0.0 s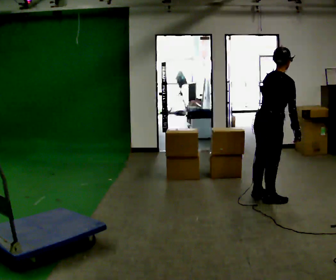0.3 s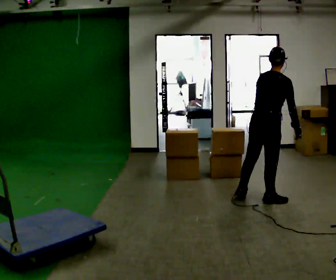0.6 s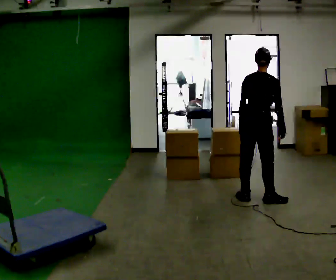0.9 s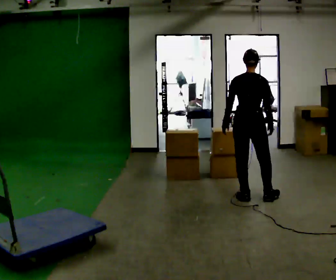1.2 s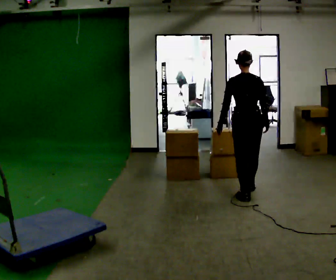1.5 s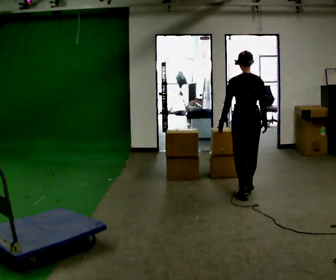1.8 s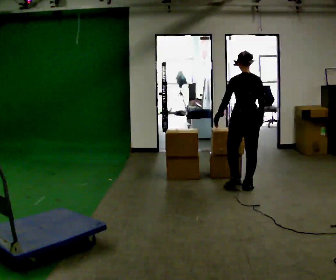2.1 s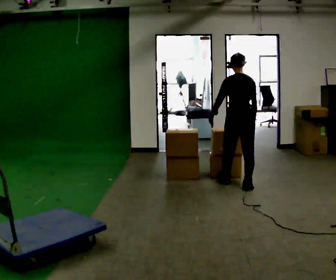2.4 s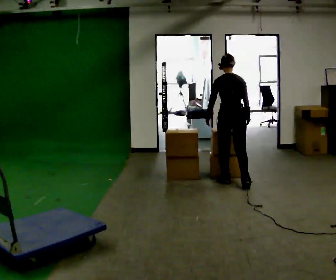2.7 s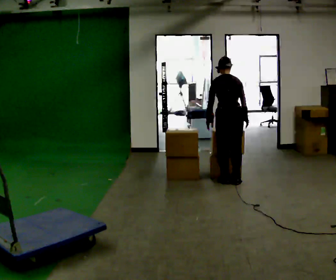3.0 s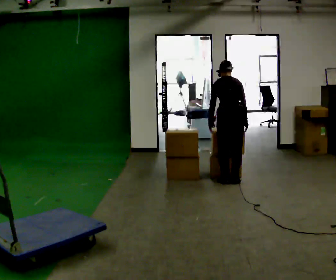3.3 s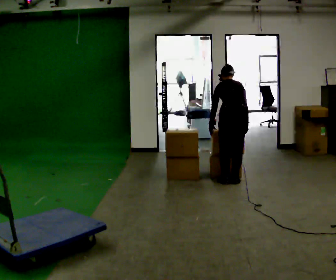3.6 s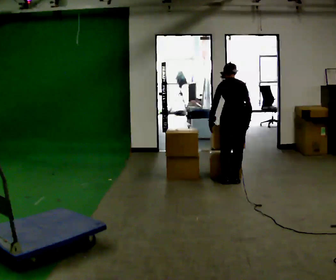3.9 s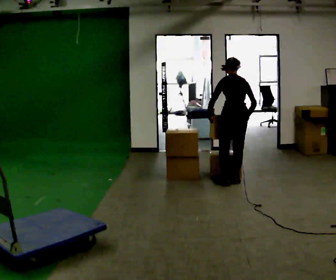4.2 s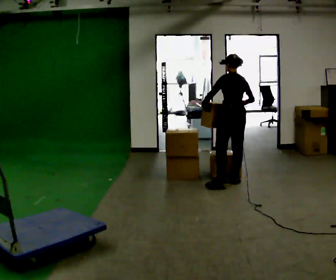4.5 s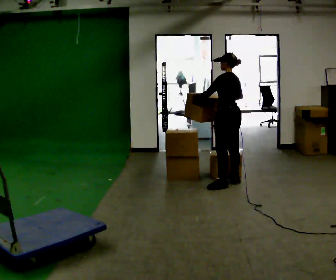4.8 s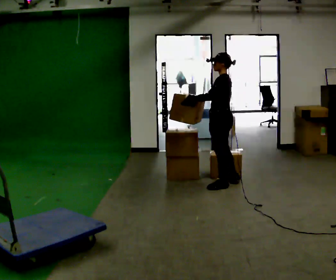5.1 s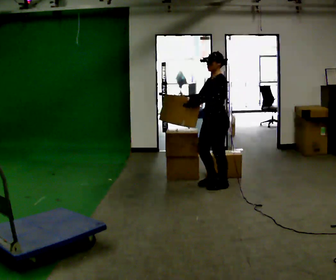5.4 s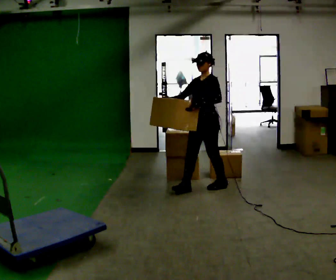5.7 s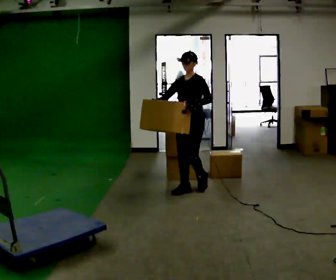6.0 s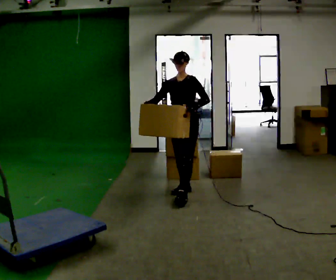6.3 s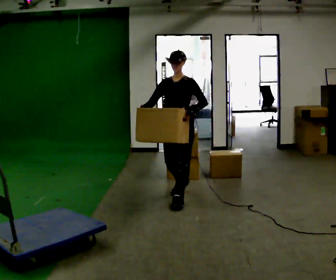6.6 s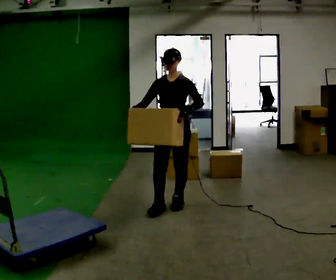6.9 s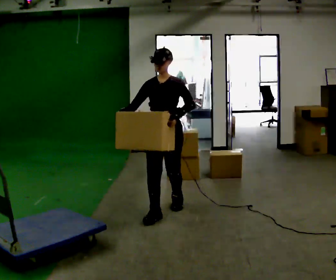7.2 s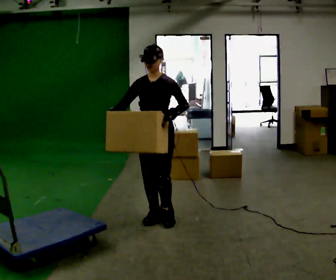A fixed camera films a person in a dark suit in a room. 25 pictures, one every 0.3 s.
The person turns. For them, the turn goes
to their left.
The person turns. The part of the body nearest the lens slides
to the right.
0.0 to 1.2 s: Seen from above the body turns counterclockwise, about 60 degrees: to their left, with its near side sliding to the right. In the picture they go away from the camera and to the left, about 0.25 m in 1 step. In the picture the upper body tilts counterclockwise, shoulders to the left.
1.2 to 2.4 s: In the picture they go away from the camera and to the left, about 0.5 m in 2 steps, which for them is forward.
2.4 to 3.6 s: The person moves a little, or ends about where they began.
3.6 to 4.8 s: Seen from above the body turns counterclockwise, about 75 degrees: to their left, with its near side sliding to the right. The upper body tips toward the camera, its near side rolling downward, as they lean back or straighten. In the picture their right hand goes to the left and upward.
4.8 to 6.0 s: The person turns about 75 degrees to their left, counterclockwise seen from above, so the part of the body nearest the lens slides to the right. In the picture they go to the left and toward the camera, about 0.5 m in 1 step.
6.0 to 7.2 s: In the picture they go toward the camera, about 1 m in 2 steps, which for them is forward.
The film runs forward here.
